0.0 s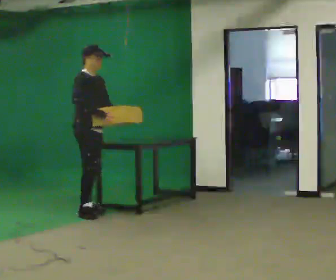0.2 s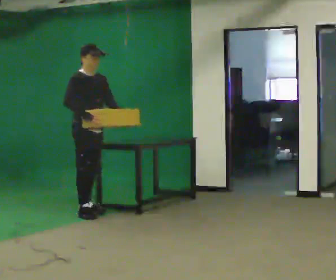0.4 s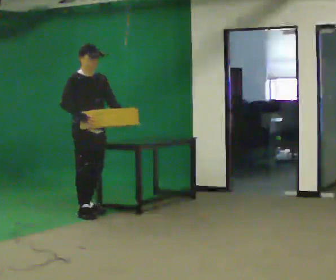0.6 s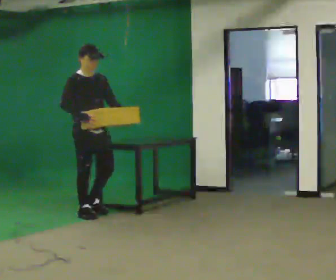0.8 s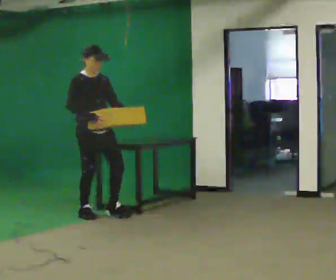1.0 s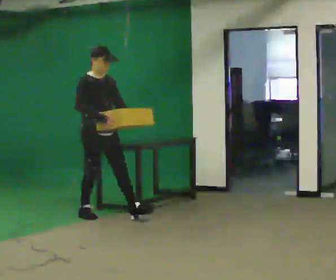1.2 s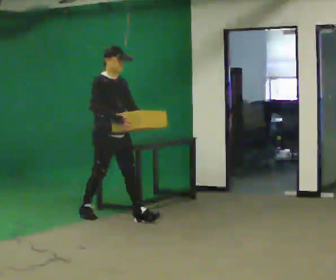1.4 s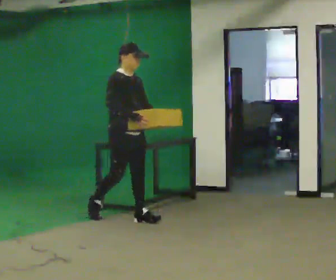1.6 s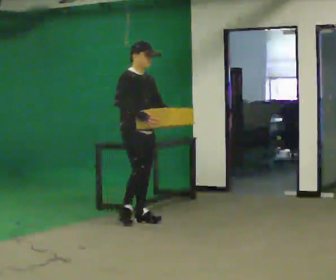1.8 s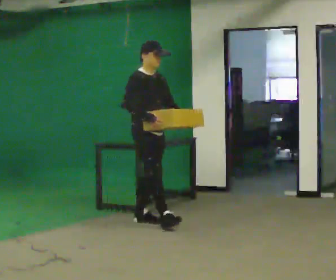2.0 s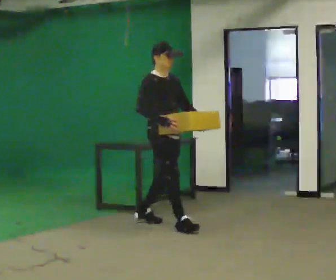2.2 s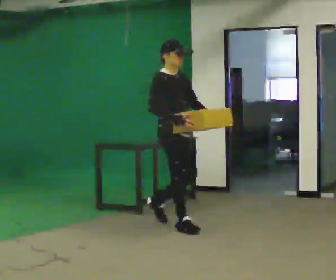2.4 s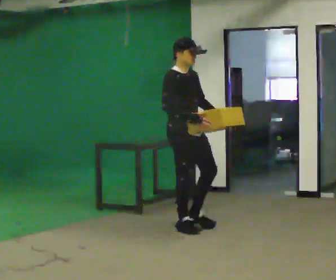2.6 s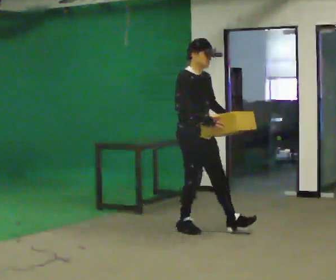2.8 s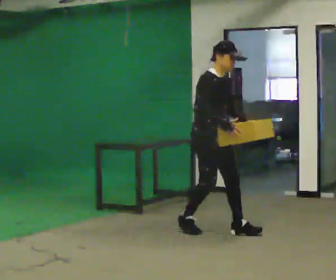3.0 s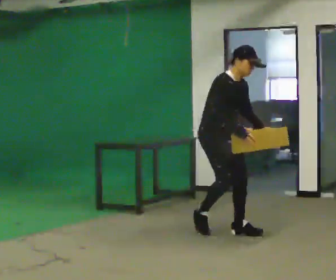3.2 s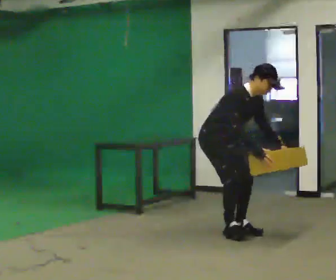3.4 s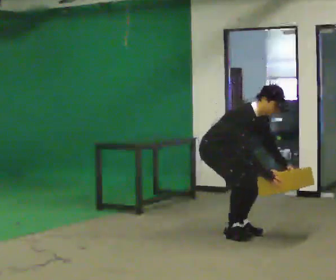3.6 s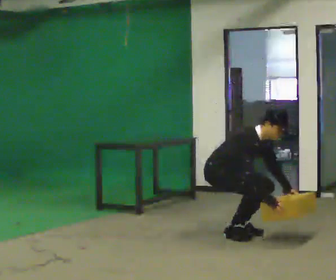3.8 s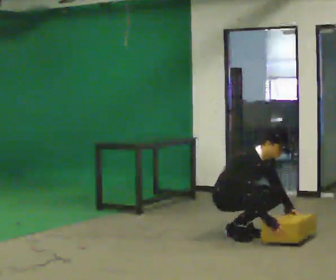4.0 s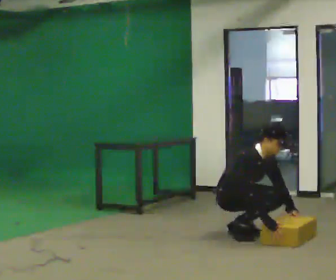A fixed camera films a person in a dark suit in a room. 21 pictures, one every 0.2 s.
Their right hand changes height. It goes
downward.
0.0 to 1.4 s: In the picture they go to the right and toward the camera, about 0.5 m in 2 steps, which for them is forward.
1.4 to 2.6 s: In the picture they go to the right and toward the camera, about 1 m in 1 step, which for them is forward.
2.6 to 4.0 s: In the picture they go to the right and toward the camera, about 0.25 m in 2 steps, which for them is forward. The shoulders move downward. In the picture their right hand goes downward.
The film runs forward here.
